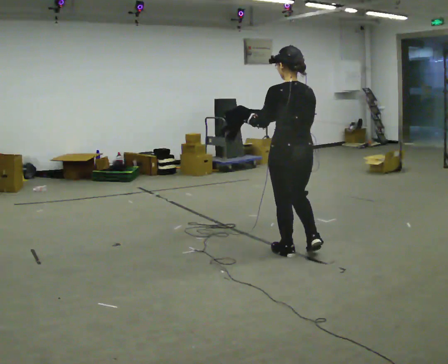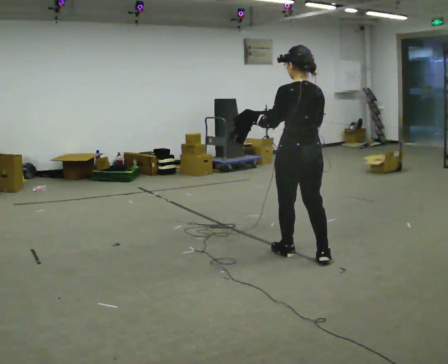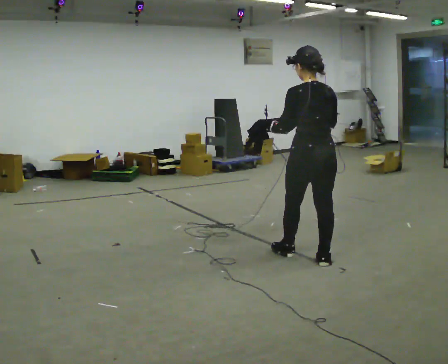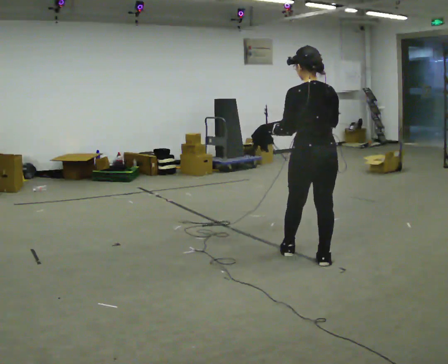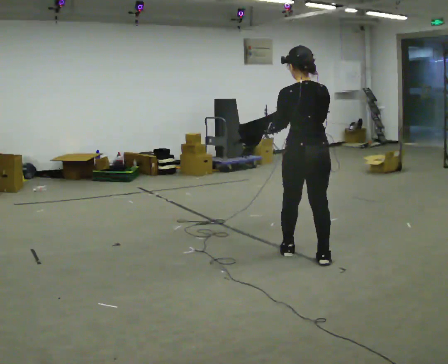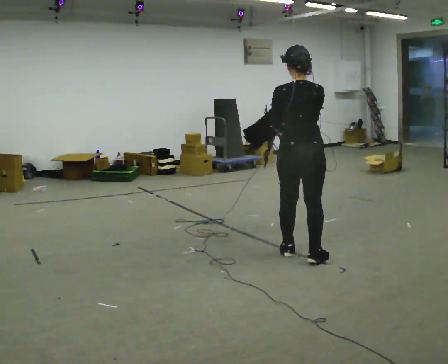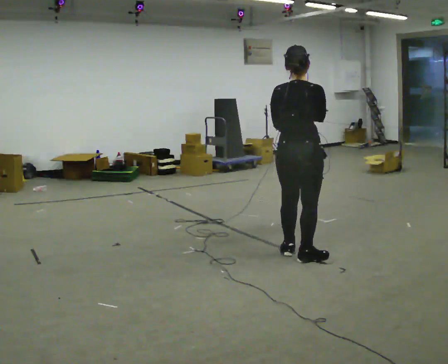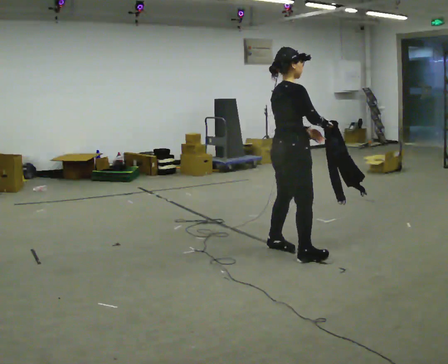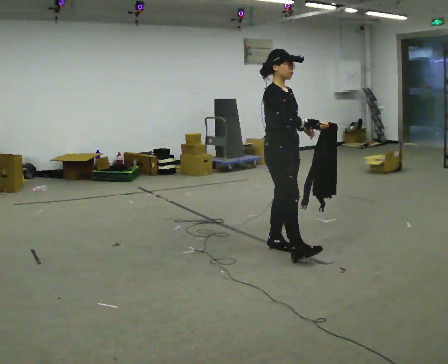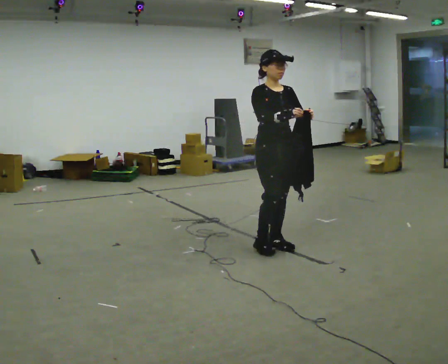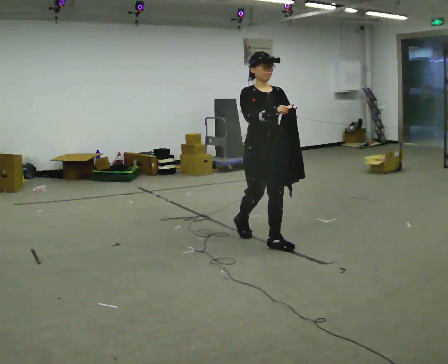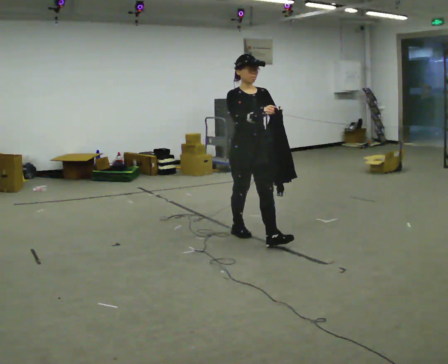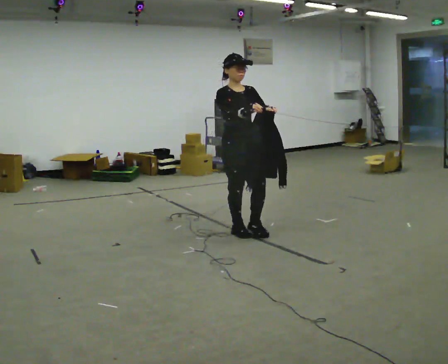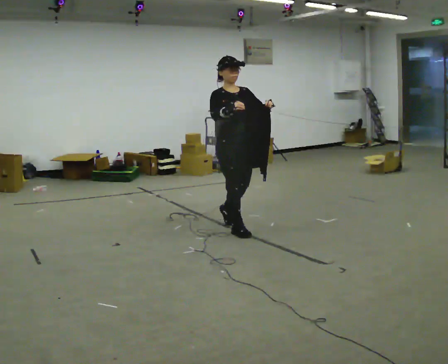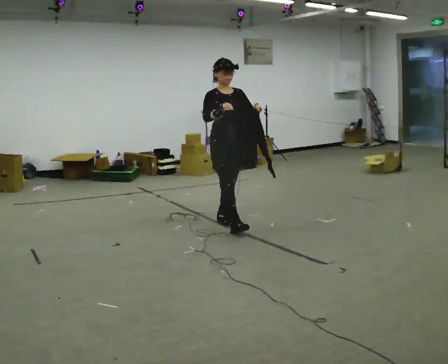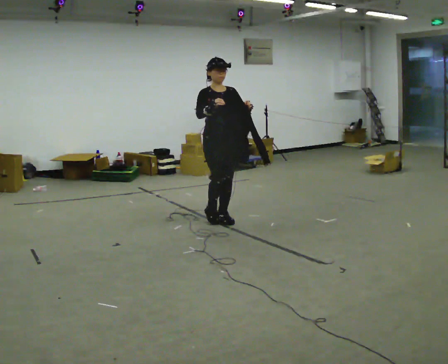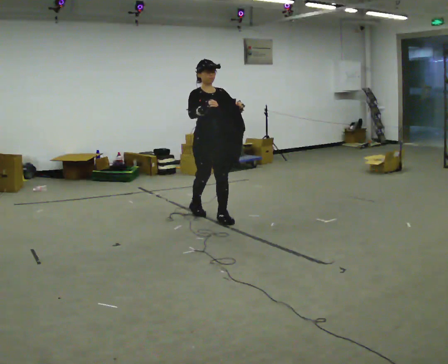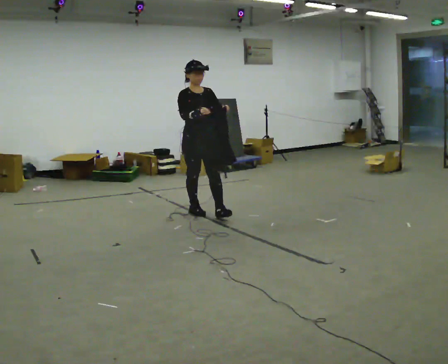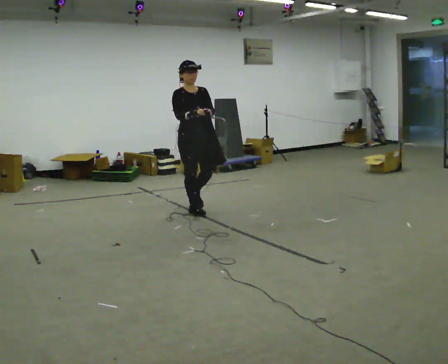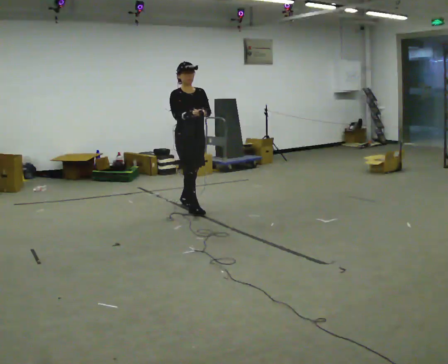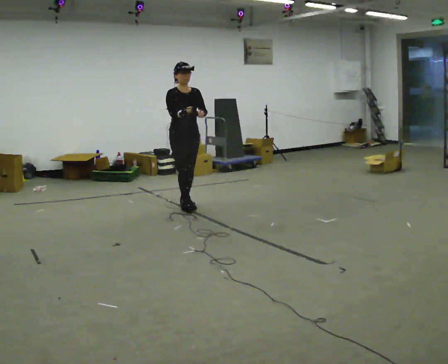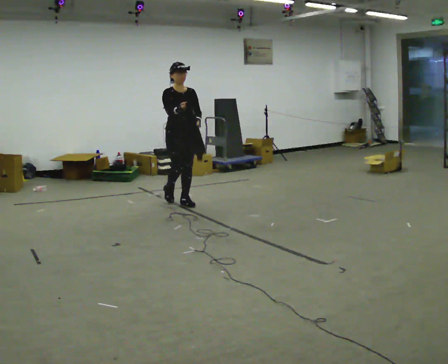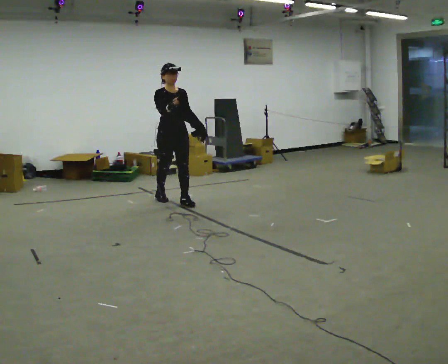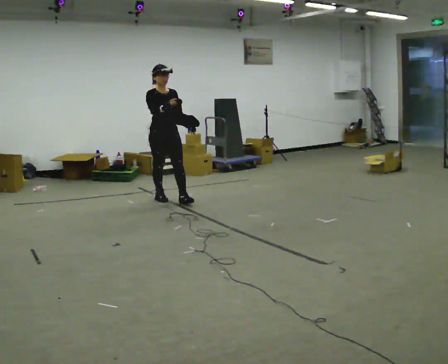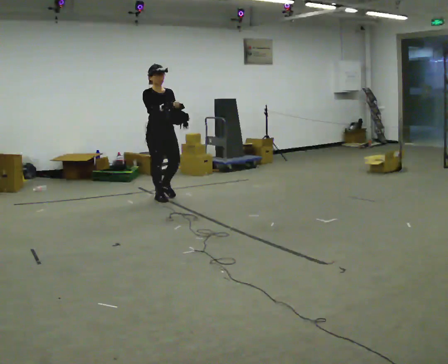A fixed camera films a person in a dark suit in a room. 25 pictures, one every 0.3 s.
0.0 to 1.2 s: The person moves a little, or ends about where they began.
1.2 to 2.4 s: The part of the body nearest the lens slides to the left as the person turns to their right by about 120 degrees. In the picture they go to the left and away from the camera, about 0.25 m in 3 steps.
2.4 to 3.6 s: The part of the body nearest the lens slides to the left as the person turns to their right by about 30 degrees. In the picture they go away from the camera and to the left, about 0.5 m in 1 step, which for them is backward.
3.6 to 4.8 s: In the picture they go away from the camera and to the left, about 0.75 m in 1 step, which for them is backward.
4.8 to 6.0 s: In the picture they go away from the camera and to the left, about 0.75 m in 2 steps, which for them is backward.
6.0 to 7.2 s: In the picture they go to the left and away from the camera, about 0.5 m in 1 step, which for them is backward and to their right.
The film runs backward here.
